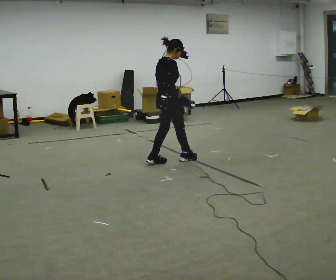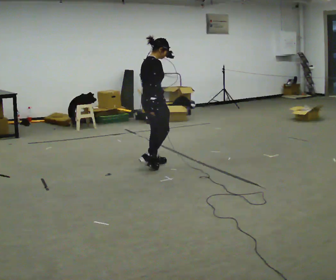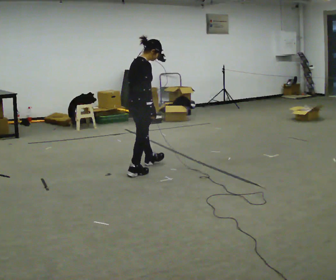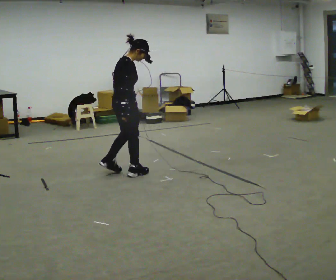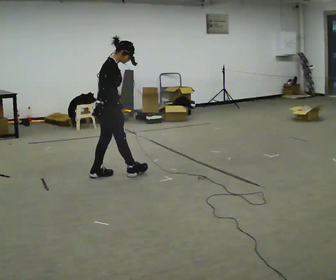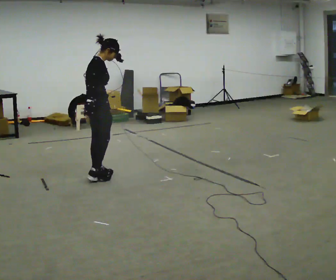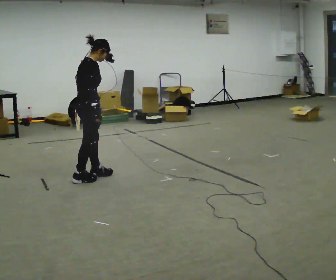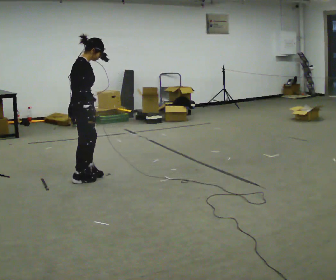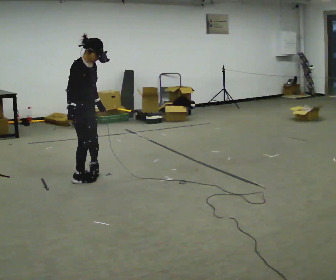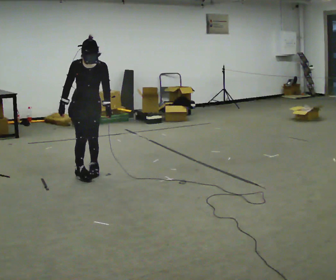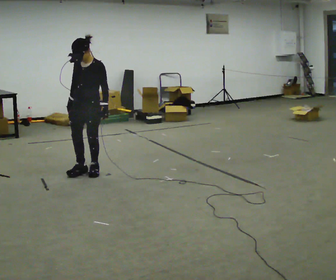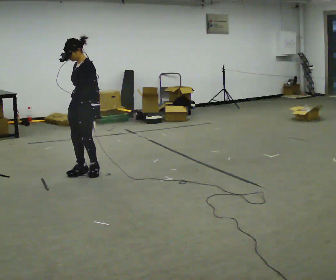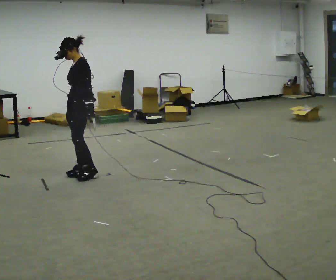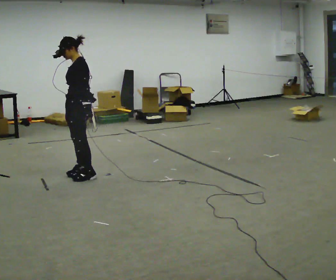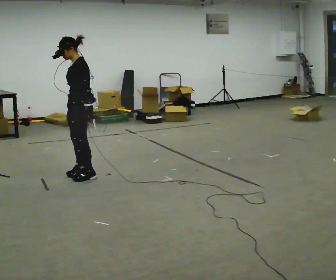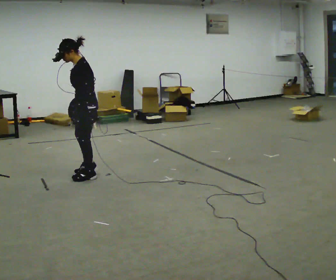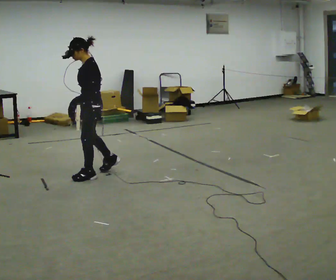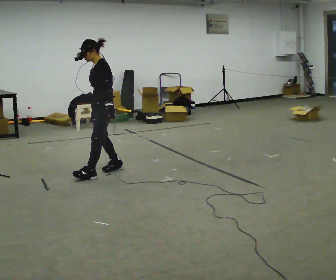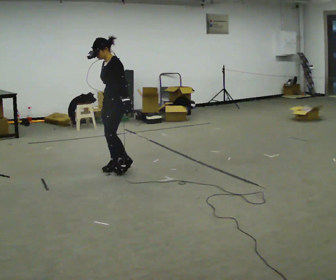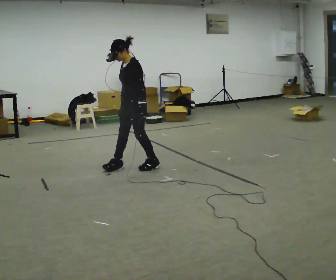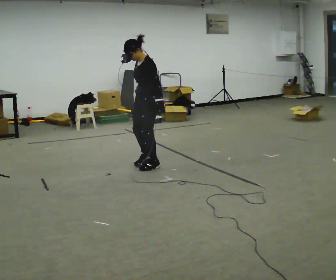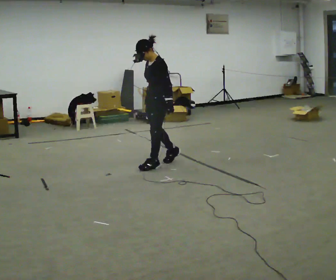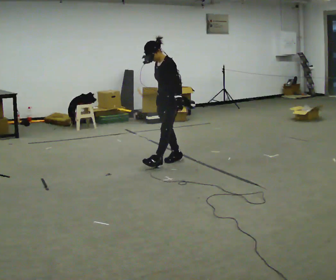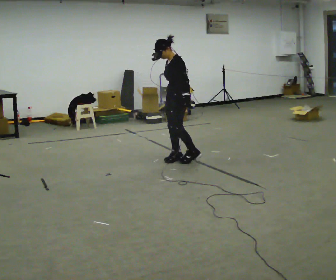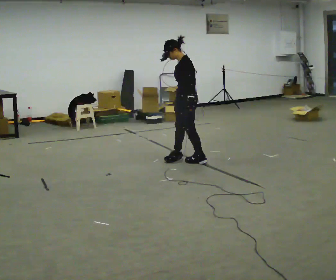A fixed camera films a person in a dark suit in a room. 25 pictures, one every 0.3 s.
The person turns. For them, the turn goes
to their right.
The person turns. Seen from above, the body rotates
clockwise.
0.0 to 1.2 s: In the picture they go to the left and toward the camera, about 1 m in 2 steps, which for them is backward.
1.2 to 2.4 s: The person turns about 45 degrees to their right, clockwise seen from above, so the part of the body nearest the lens slides to the left. In the picture they go to the left, about 0.25 m in 2 steps, which for them is backward.
2.4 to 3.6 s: The part of the body nearest the lens slides to the left as the person turns to their right by about 120 degrees.
3.6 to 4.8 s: In the picture they go to the right, about 0.25 m in 1 step, which for them is backward.
4.8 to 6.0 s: In the picture they go to the right, about 0.75 m in 2 steps, which for them is backward.
6.0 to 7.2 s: In the picture they go to the right, about 0.5 m in 2 steps, which for them is backward.
The film runs forward here.
